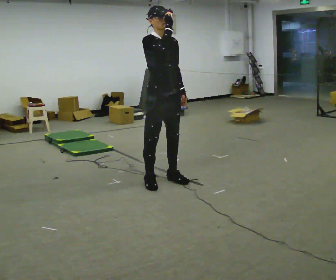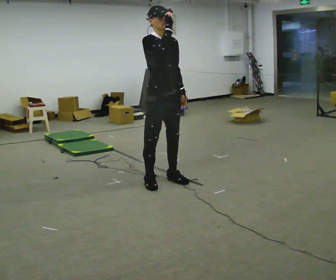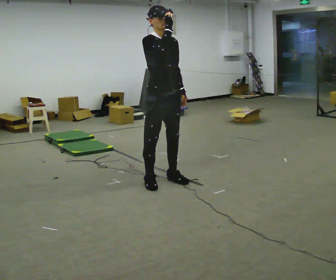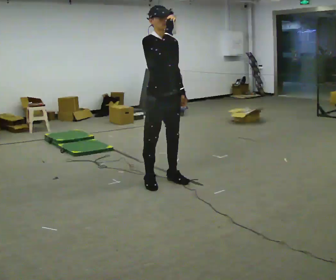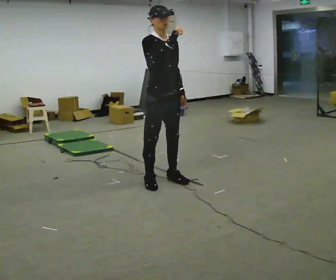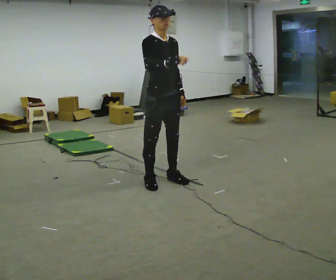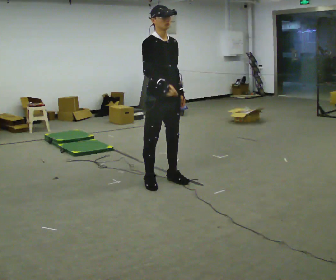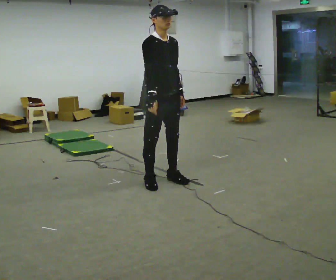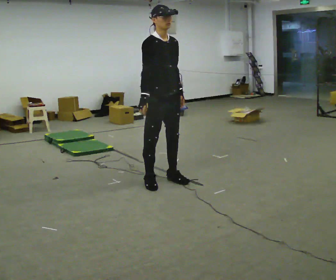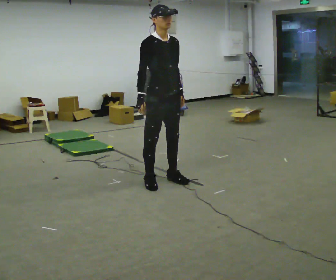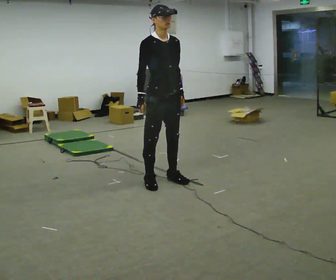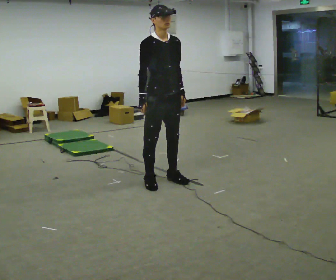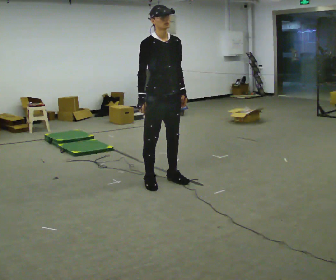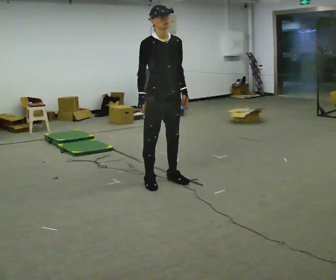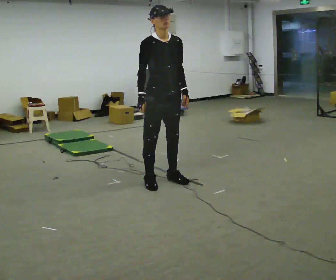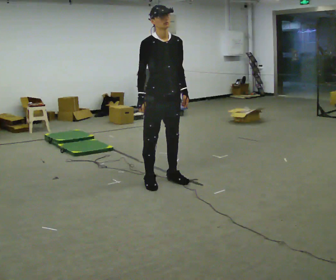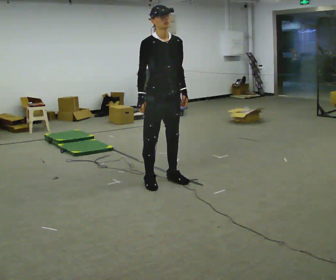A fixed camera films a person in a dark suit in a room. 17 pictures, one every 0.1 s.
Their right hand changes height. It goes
downward.
0.0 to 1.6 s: In the picture their right hand goes downward.
The film runs forward here.
